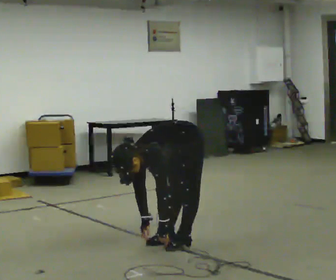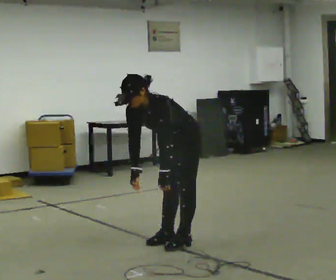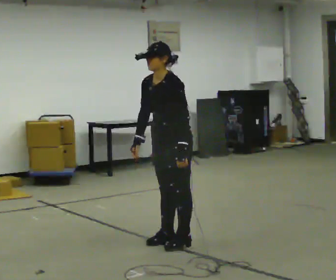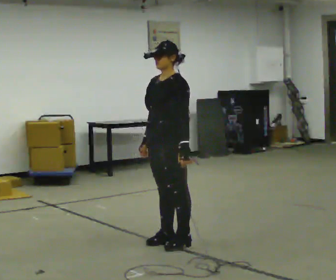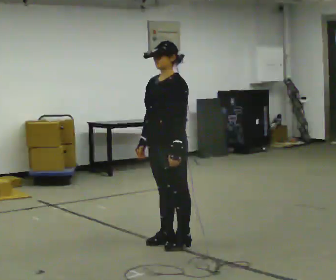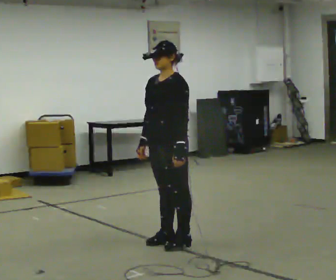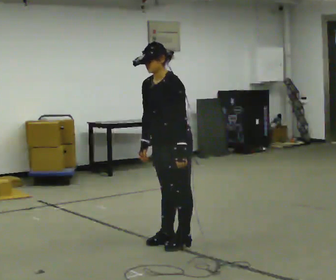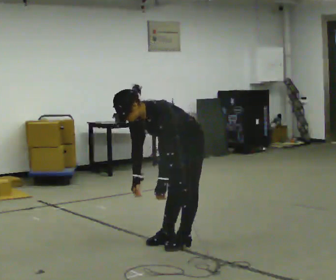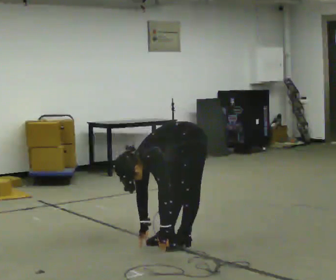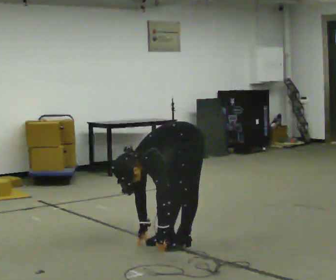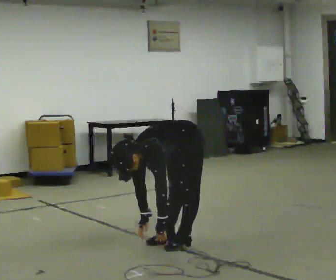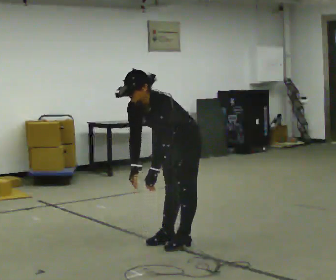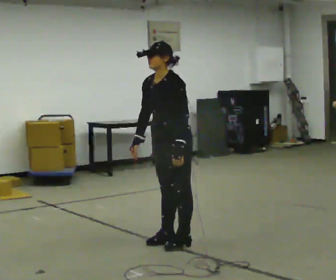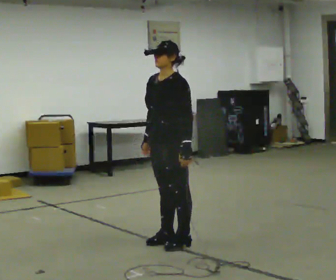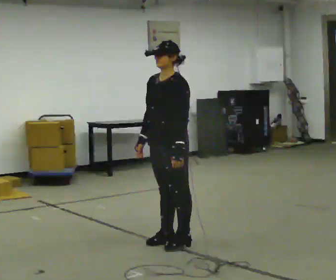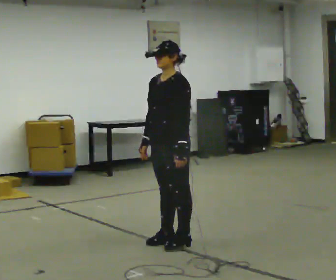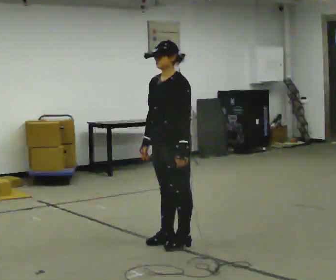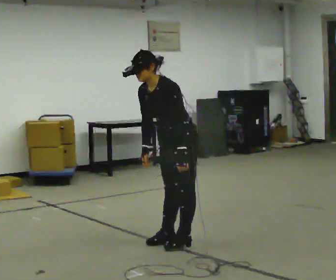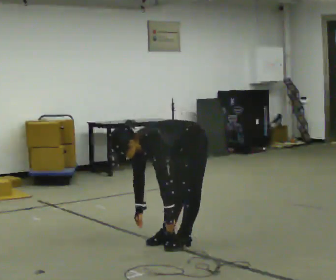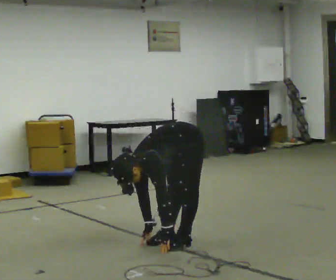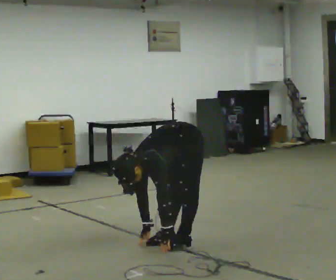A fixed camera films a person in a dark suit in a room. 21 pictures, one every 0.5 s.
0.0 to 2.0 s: The shoulders move upward. In the picture the upper body tilts clockwise, shoulders to the right, as they lean back or straighten. In the picture their left hand goes upward.
2.0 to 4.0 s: The upper body goes downward. In the picture the upper body tilts counterclockwise, shoulders to the left, as they bend forward. In the picture their left hand goes downward.
4.0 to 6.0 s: The upper body goes upward. In the picture the upper body tilts clockwise, shoulders to the right, as they lean back or straighten. In the picture their right hand goes upward.
6.0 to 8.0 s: The person moves a little, or ends about where they began.
8.0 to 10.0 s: The shoulders move downward. The upper body tips toward the camera, its near side rolling downward, as they bend forward. In the picture their left hand goes downward.
The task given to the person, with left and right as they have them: Keeping your feet still, reach down toward the floor in front and to each side, then return to standing. Repeat the movement at your own pace until the operator says stop; do not rush.
The film runs forward here.
